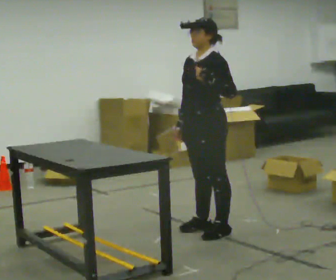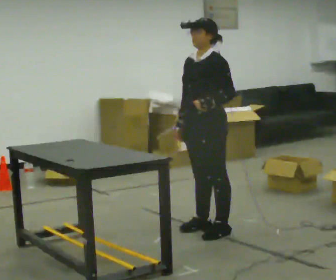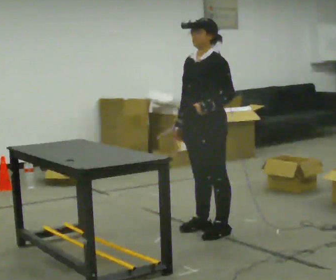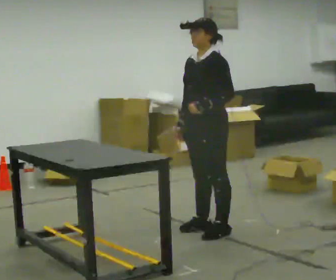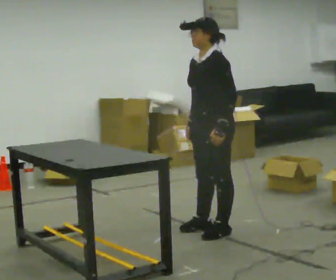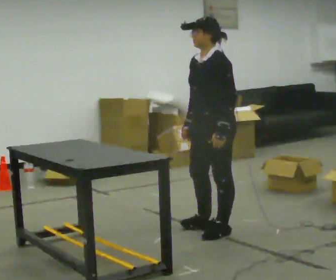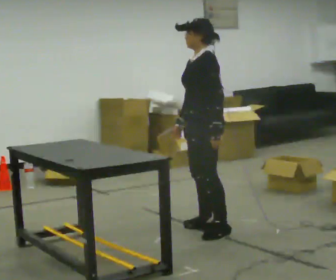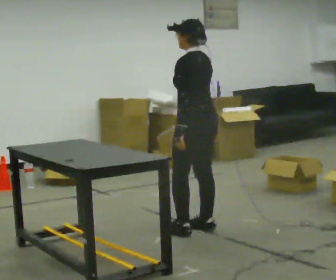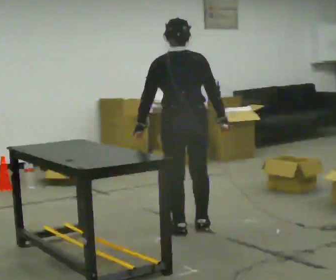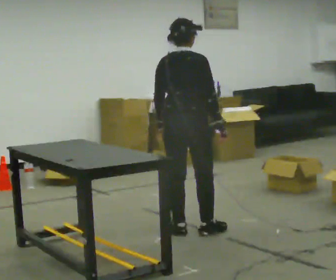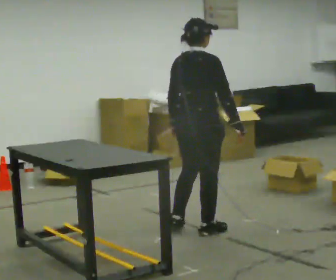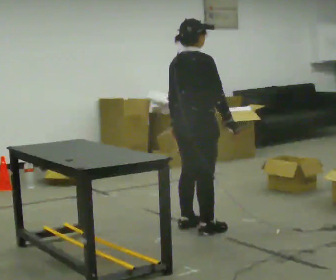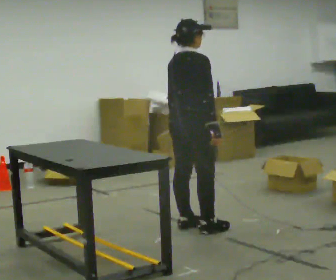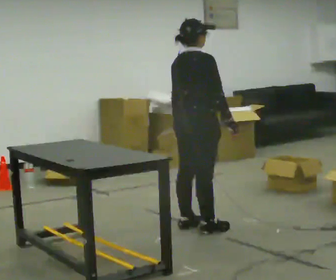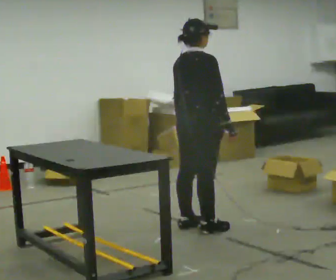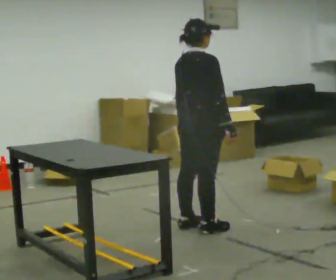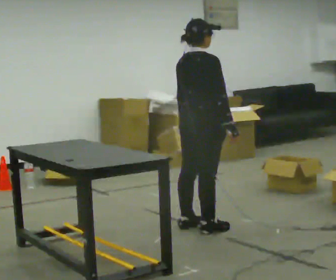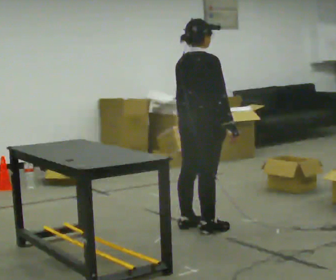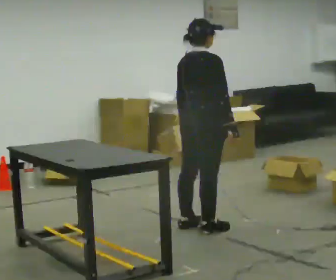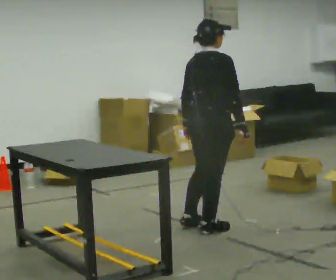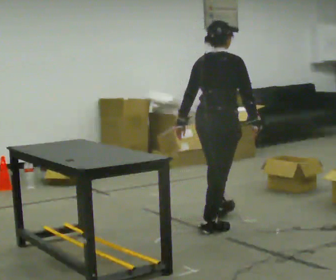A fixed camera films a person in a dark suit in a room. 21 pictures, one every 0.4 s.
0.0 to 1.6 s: In the picture their left hand goes downward.
1.6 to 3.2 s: The person turns about 105 degrees to their right, clockwise seen from above, so the part of the body nearest the lens slides to the left. In the picture they go to the left, about 0.25 m in 1 step. In the picture their left hand goes to the left, the arm swinging clockwise.
3.2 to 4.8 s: The part of the body nearest the lens slides to the left as the person turns to their right by about 60 degrees.
4.8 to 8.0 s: In the picture they go to the right, about 0.25 m, which for them is forward. In the picture their right hand goes to the right.
The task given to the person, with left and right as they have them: 1. Take everything out of the crates by the door. 2. Put the small items on the middle shelf. 3. Put the large items on the bottom shelf. 4. Stack the empty crates by the door. 5. Tell the operator when you are finished.
The film runs forward here.
